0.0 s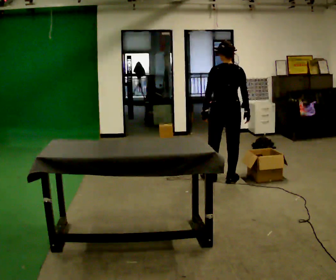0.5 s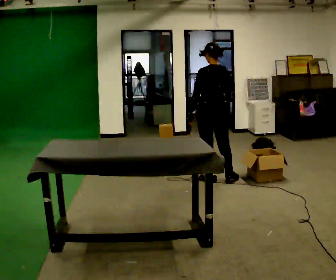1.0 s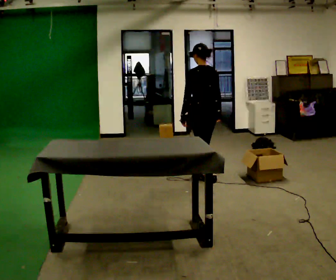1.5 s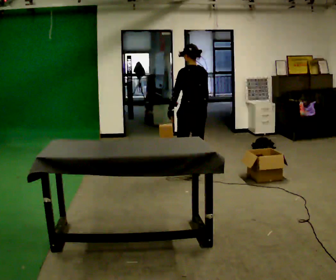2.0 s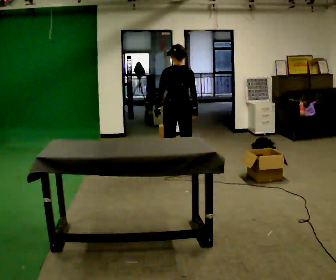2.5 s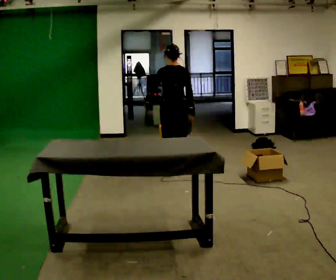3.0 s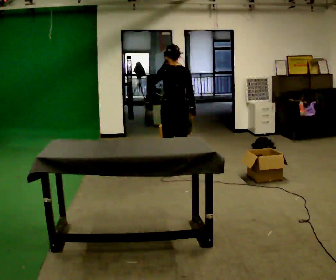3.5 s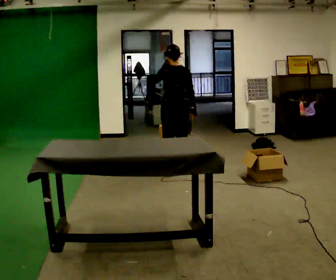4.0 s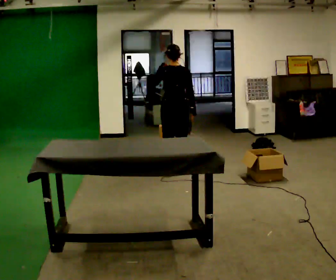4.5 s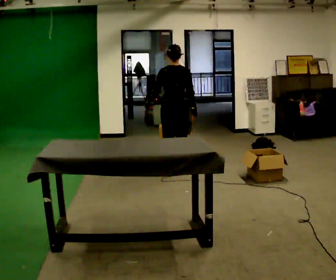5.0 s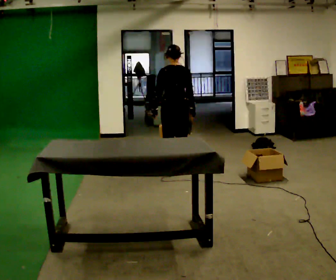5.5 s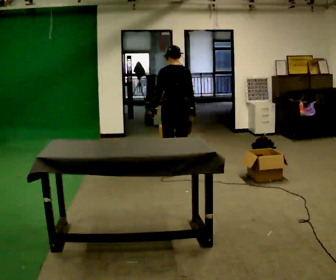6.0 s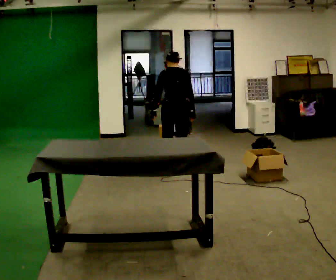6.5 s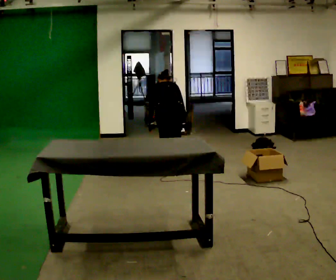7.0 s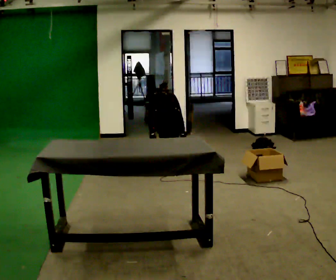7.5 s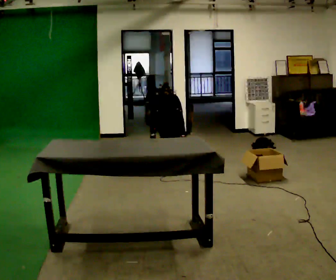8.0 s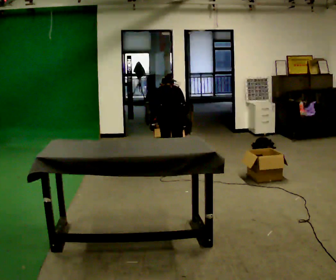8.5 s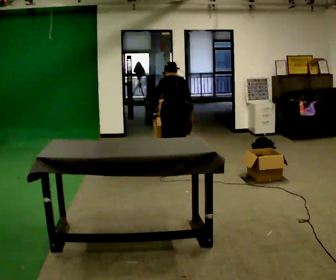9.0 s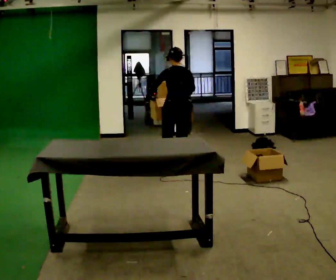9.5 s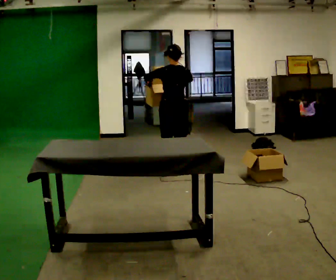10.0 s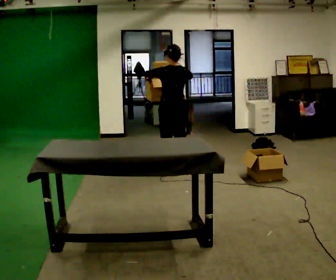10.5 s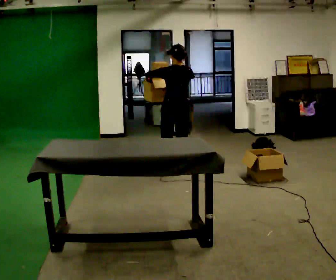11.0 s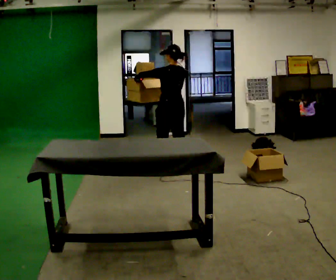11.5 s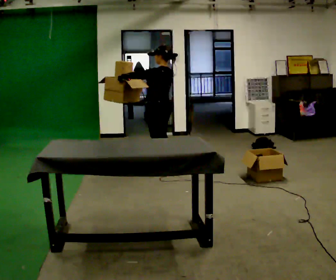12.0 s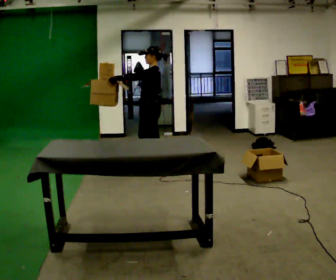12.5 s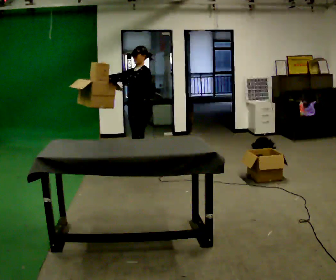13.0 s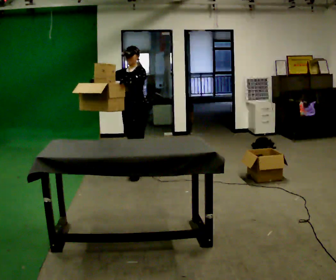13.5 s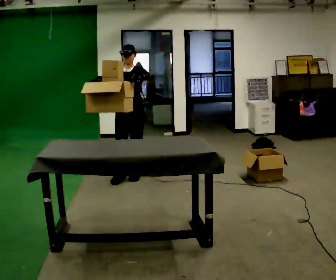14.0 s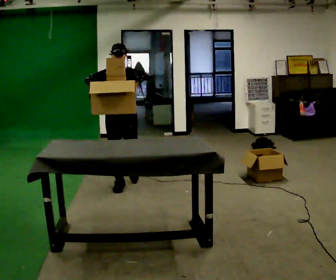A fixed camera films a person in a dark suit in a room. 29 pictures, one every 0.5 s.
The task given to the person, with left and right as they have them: 1. Move everything from the second bin into the first bin. 2. Carry the empty bin to the shelf. 3. Carry the full bin to the table. 4. Tell the operator when you are finished.
0.0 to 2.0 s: In the picture they go to the left and away from the camera, about 0.75 m in 2 steps, which for them is forward and to their left.
2.0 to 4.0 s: In the picture their left hand goes upward.
4.0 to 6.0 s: The upper body tips away from the camera, its near side rolling upward, as they bend forward. In the picture their left hand goes downward.
6.0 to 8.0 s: The upper body tips away from the camera, its near side rolling upward, as they bend forward.
8.0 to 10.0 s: The upper body goes upward. The upper body tips toward the camera, its near side rolling downward, as they lean back or straighten. In the picture their right hand goes upward.
10.0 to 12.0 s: Seen from above the body turns counterclockwise, about 75 degrees: to their left, with its near side sliding to the right. In the picture they go to the left, about 0.25 m in 1 step.
12.0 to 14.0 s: The part of the body nearest the lens slides to the right as the person turns to their left by about 90 degrees. In the picture they go toward the camera and to the left, about 0.75 m in 2 steps.
The film runs forward here.
